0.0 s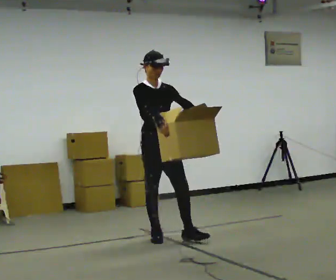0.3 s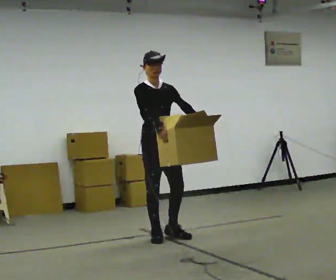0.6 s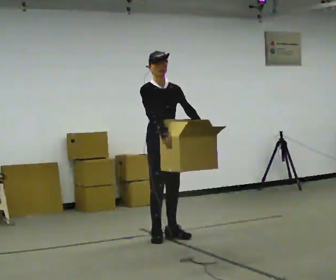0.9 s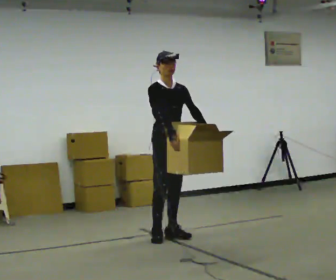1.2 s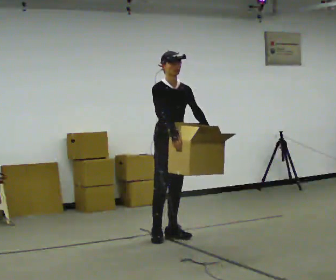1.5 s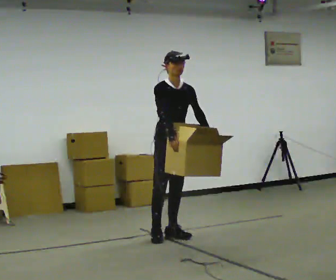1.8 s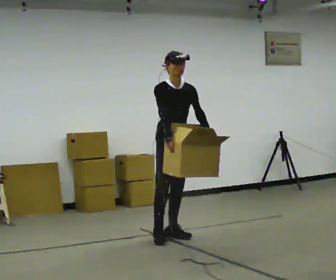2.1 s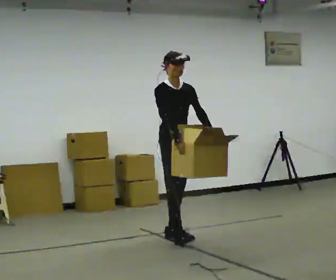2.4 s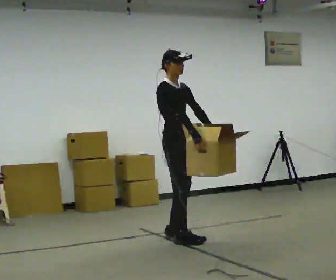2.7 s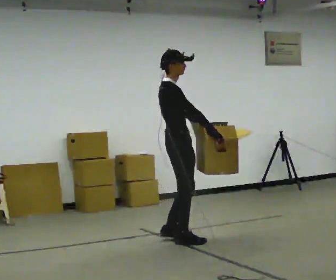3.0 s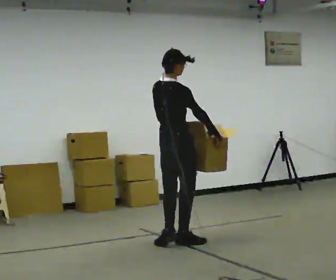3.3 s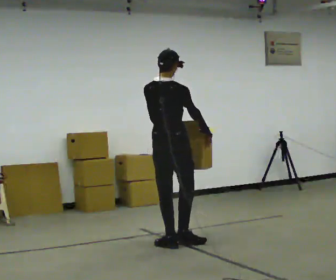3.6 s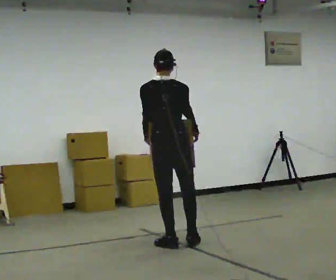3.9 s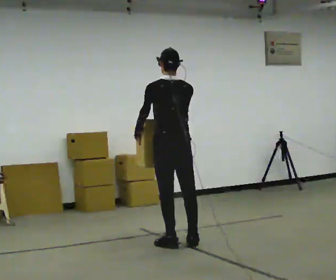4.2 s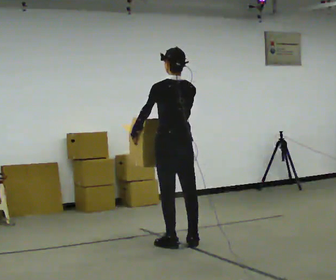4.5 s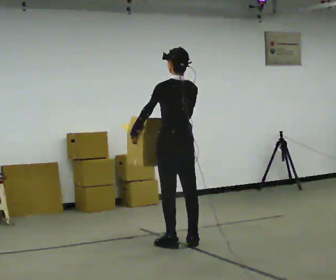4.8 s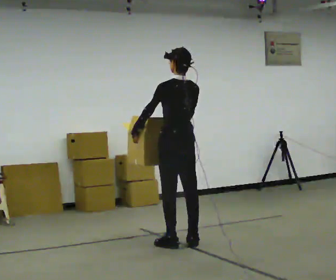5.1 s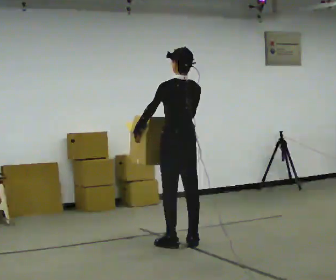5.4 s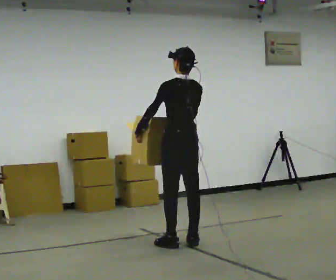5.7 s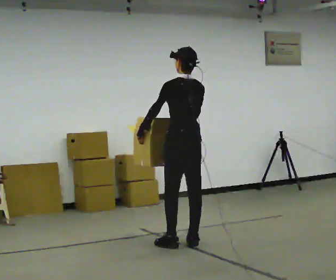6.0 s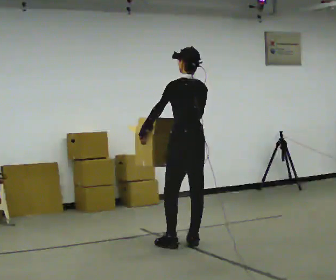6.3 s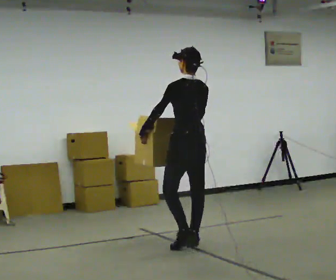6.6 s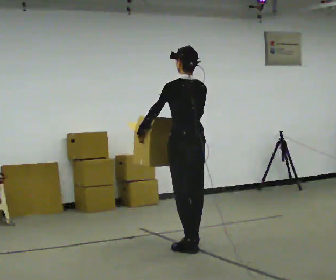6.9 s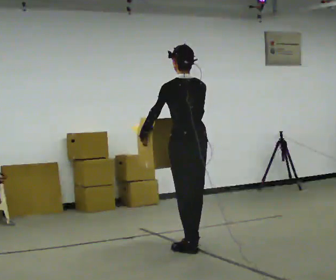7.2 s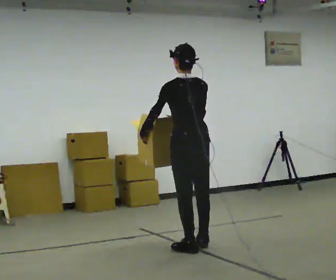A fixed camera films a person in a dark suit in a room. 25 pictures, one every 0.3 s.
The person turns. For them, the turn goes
to their left.
The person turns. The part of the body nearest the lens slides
to the right.
0.0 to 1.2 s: The person moves a little, or ends about where they began.
1.2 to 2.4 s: The part of the body nearest the lens slides to the right as the person turns to their left by about 30 degrees.
2.4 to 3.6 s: The part of the body nearest the lens slides to the right as the person turns to their left by about 120 degrees. In the picture they go toward the camera, about 0.25 m in 2 steps.
3.6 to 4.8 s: Seen from above the body turns counterclockwise, about 30 degrees: to their left, with its near side sliding to the right.
4.8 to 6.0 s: The person moves a little, or ends about where they began.
6.0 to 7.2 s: In the picture they go toward the camera, about 0.25 m in 2 steps, which for them is backward and to their left.
The film runs backward here.
